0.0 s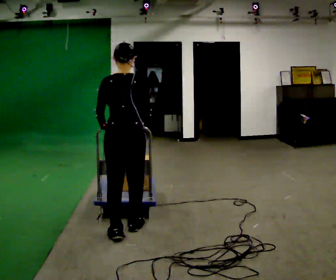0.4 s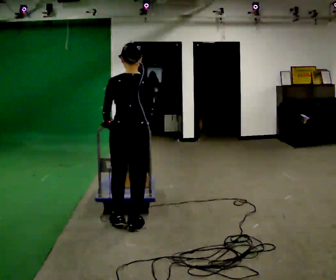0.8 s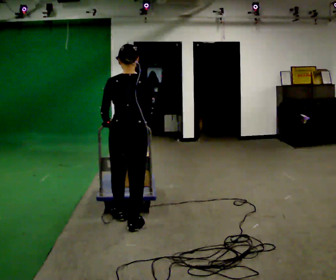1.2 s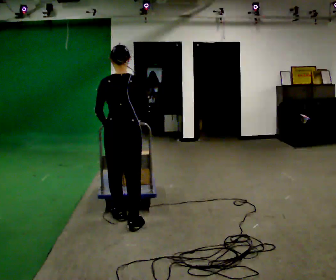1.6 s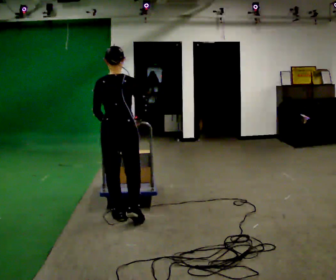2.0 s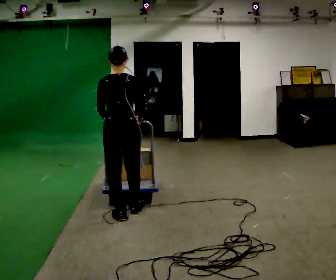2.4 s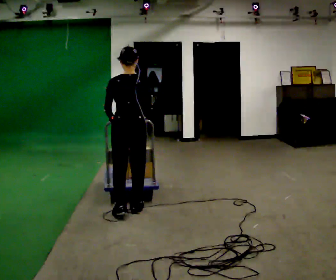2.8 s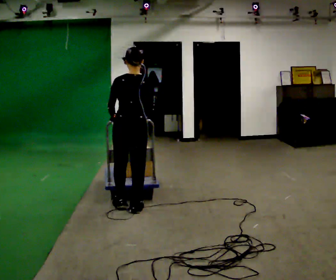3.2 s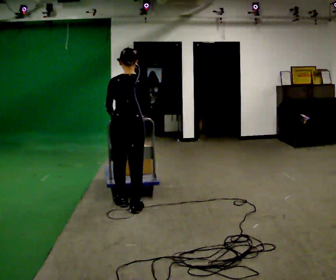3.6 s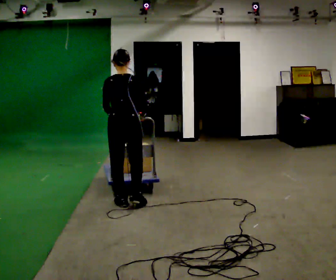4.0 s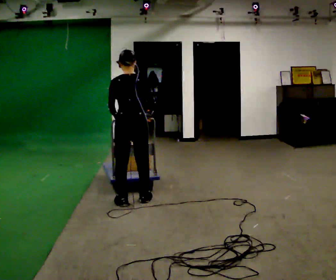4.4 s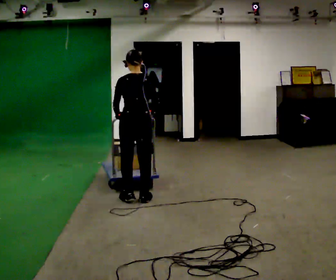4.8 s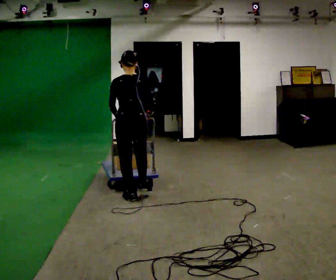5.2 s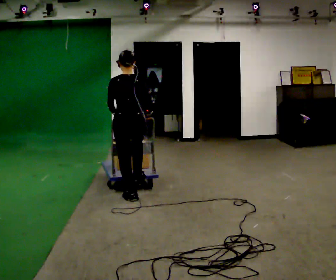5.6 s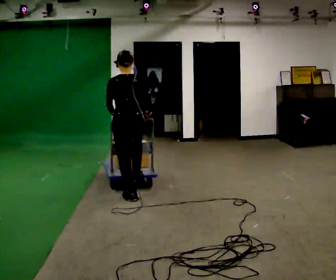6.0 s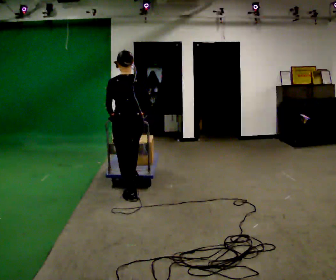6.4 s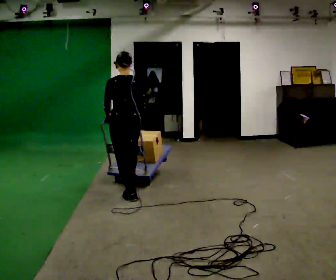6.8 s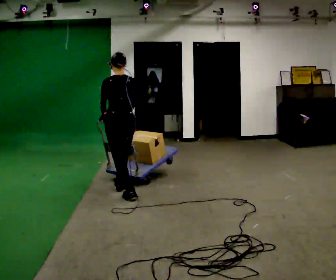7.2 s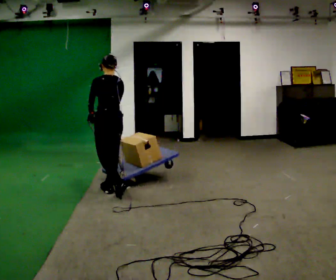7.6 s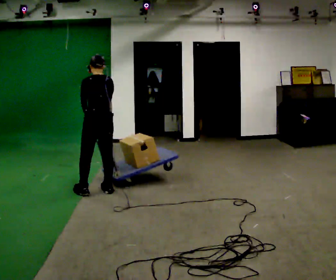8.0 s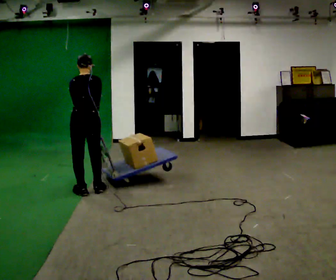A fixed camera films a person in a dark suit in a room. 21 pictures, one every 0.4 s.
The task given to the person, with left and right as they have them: Push the cart along the marked route and round the corner to the side the operator calls.
0.0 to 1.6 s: In the picture they go away from the camera, about 0.25 m in 1 step, which for them is forward.
1.6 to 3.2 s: In the picture they go away from the camera, about 0.25 m in 2 steps, which for them is forward.
3.2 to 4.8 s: In the picture they go away from the camera, about 0.25 m in 2 steps, which for them is forward.
4.8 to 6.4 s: The person moves a little, or ends about where they began.
6.4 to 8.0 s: In the picture they go to the left and away from the camera, about 0.5 m in 2 steps, which for them is forward and to their left.
The film runs forward here.
